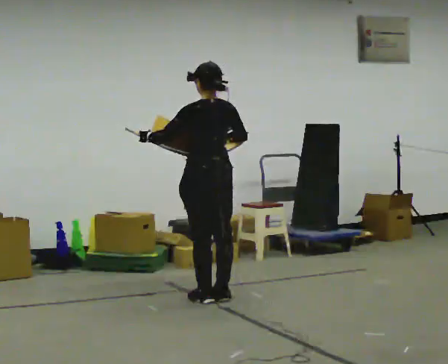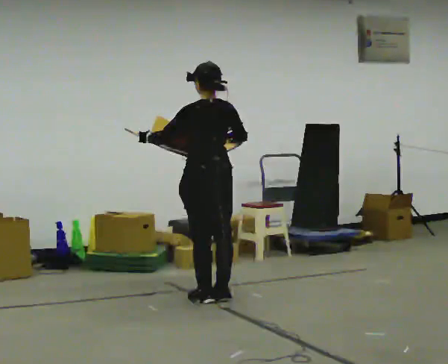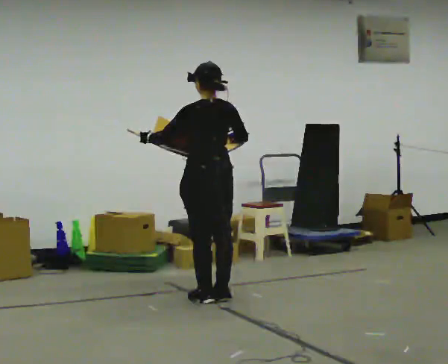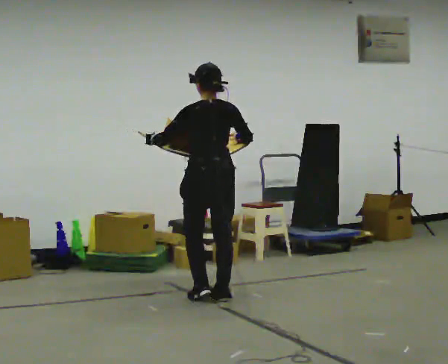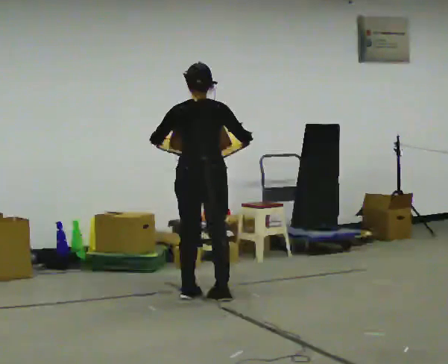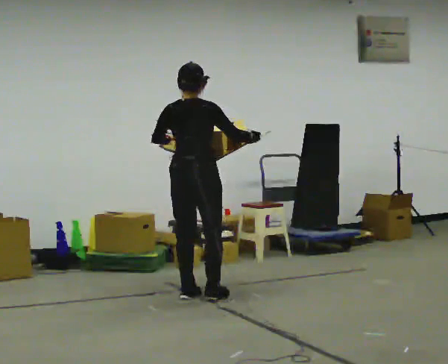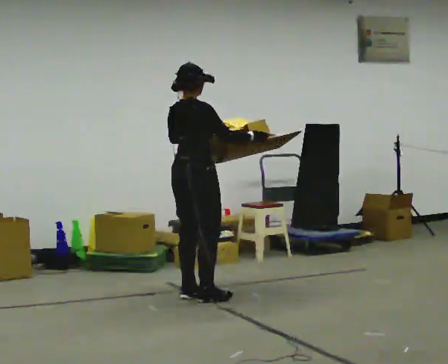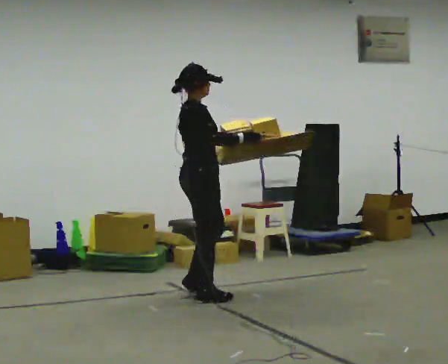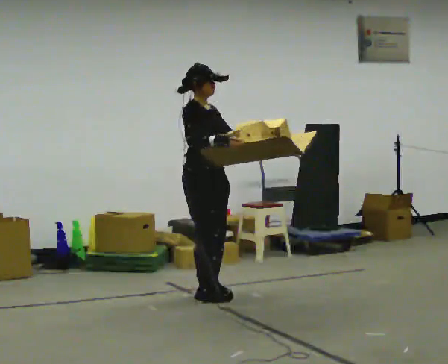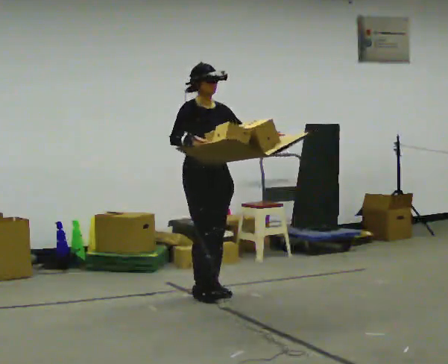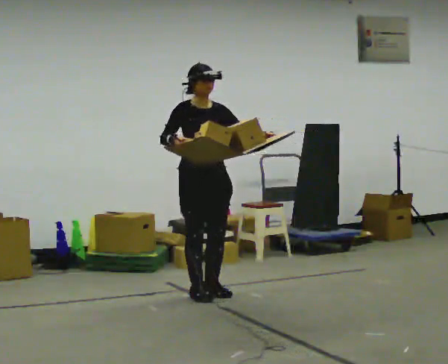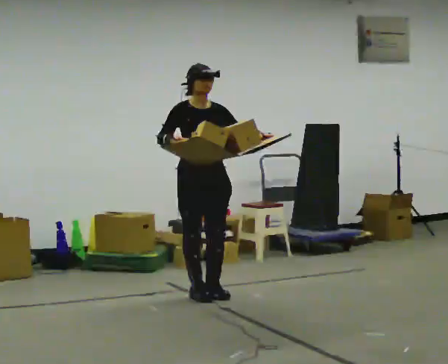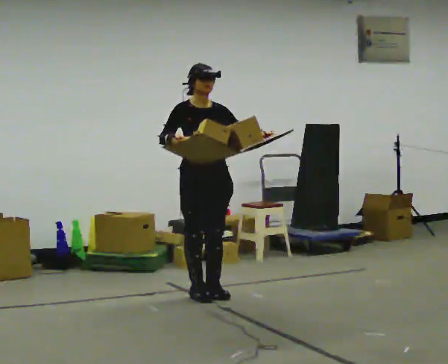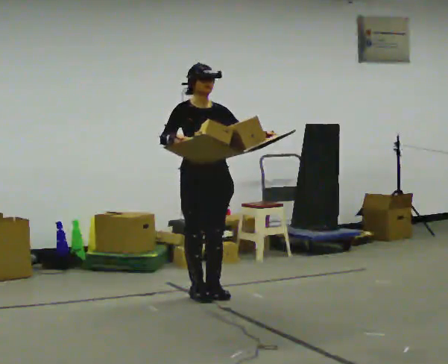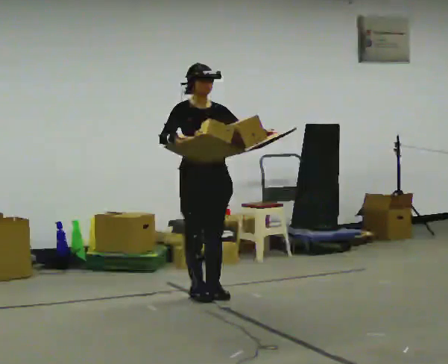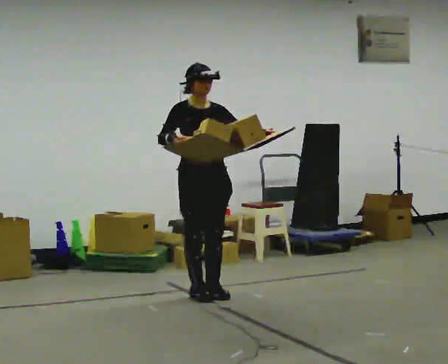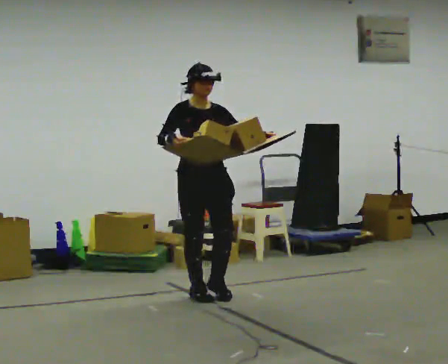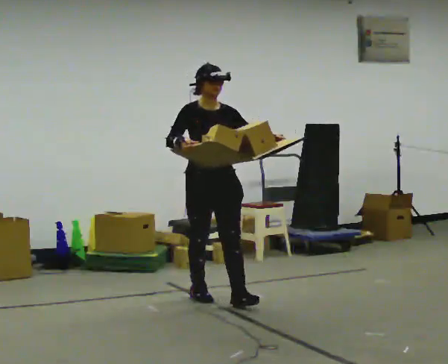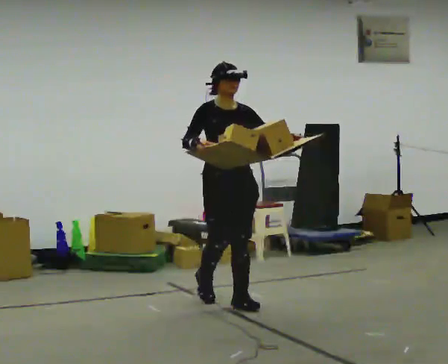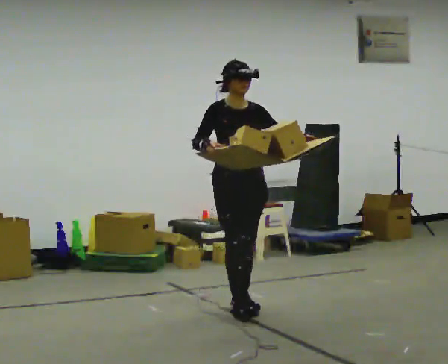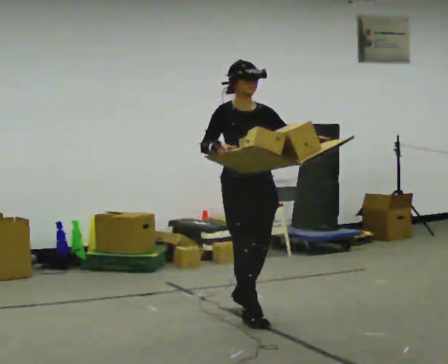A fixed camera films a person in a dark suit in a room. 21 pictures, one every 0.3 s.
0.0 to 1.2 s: Seen from above the body turns clockwise, about 30 degrees: to their right, with its near side sliding to the left.
1.2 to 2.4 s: The part of the body nearest the lens slides to the left as the person turns to their right by about 120 degrees. In the picture their left hand goes to the right.
2.4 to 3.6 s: Seen from above the body turns clockwise, about 30 degrees: to their right, with its near side sliding to the left.
3.6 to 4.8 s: The person moves a little, or ends about where they began.
4.8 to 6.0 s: In the picture they go toward the camera and to the right, about 0.75 m in 2 steps, which for them is forward.
The film runs forward here.
